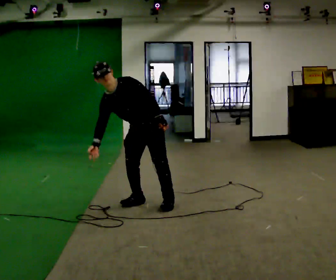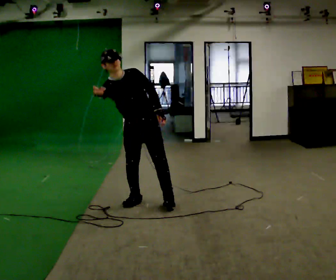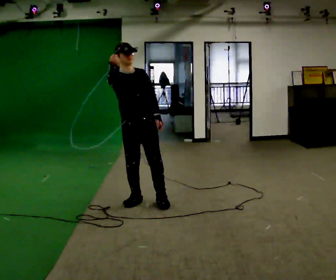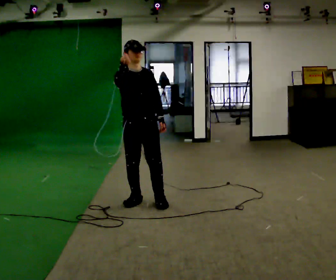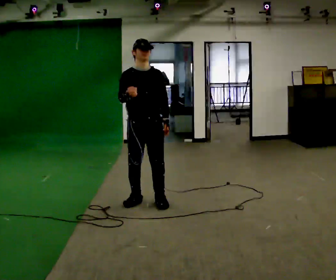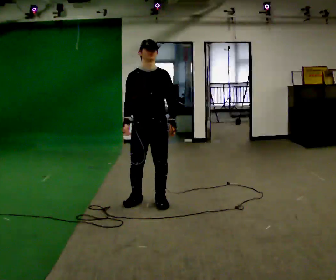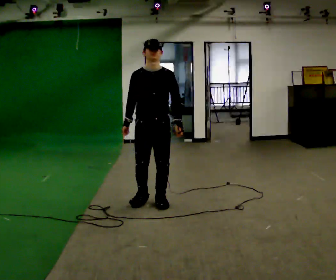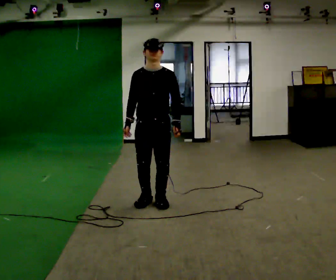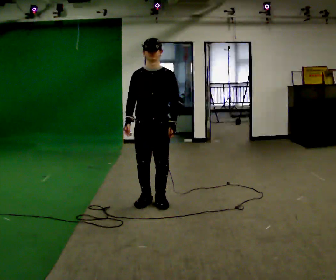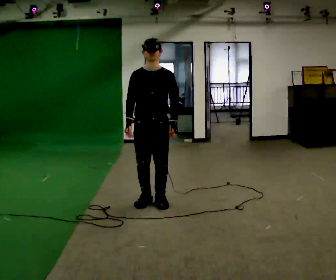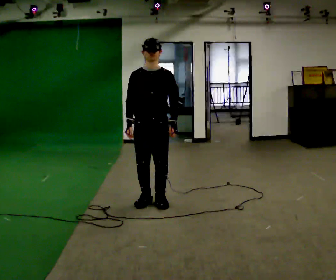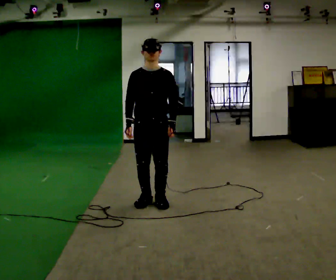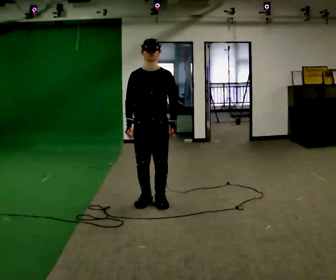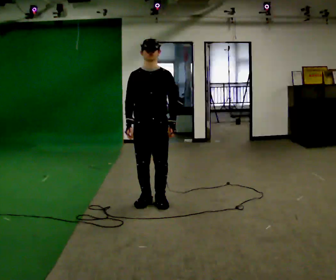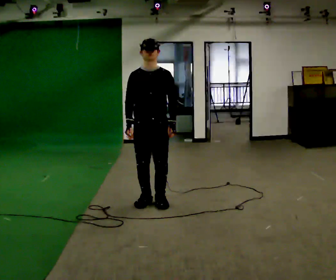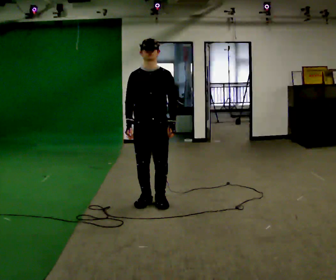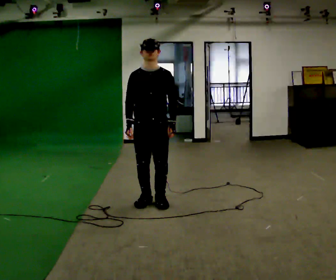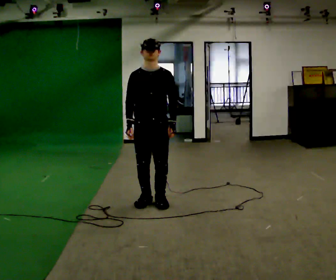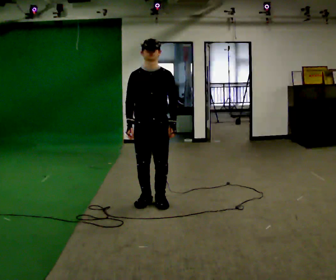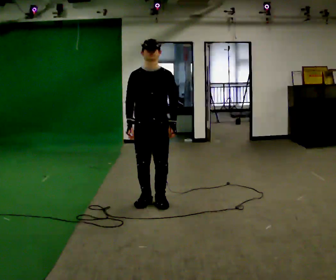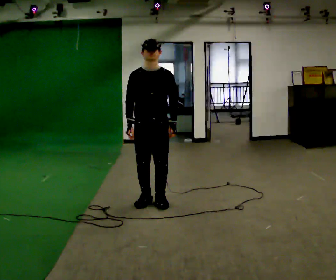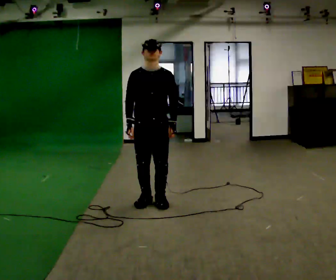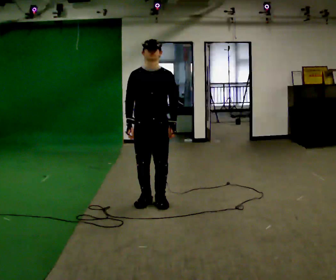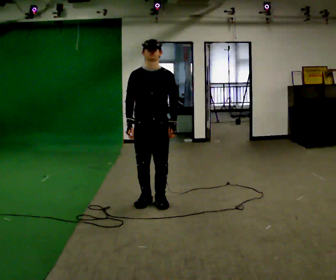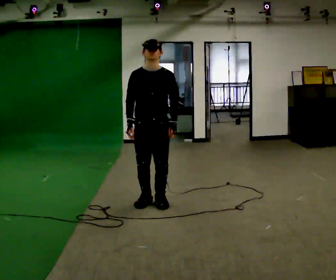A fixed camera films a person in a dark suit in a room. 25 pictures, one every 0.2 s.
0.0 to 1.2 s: Seen from above the body turns counterclockwise, about 30 degrees: to their left, with its near side sliding to the right. The upper body goes upward. In the picture the upper body tilts clockwise, shoulders to the right, as they lean back or straighten.
1.2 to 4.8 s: The person moves a little, or ends about where they began.
The film runs forward here.
